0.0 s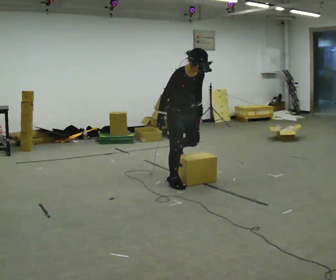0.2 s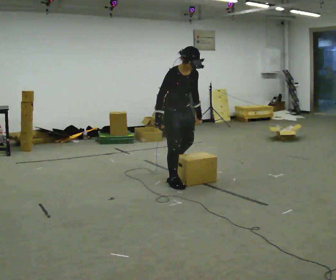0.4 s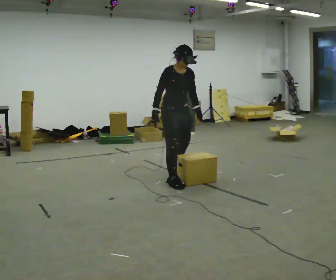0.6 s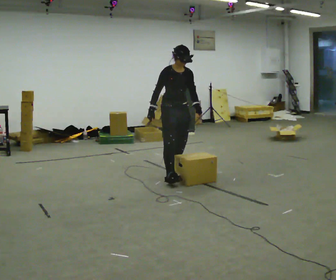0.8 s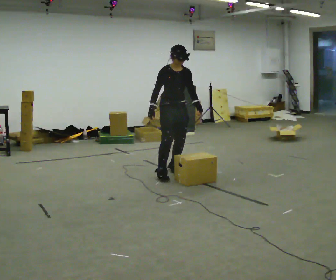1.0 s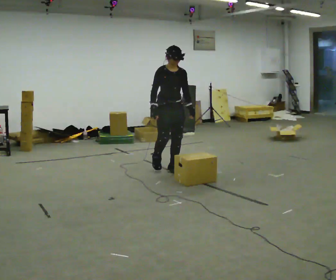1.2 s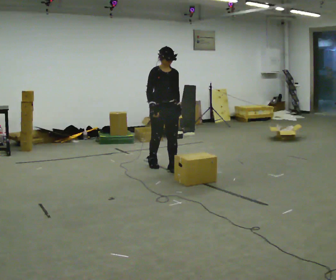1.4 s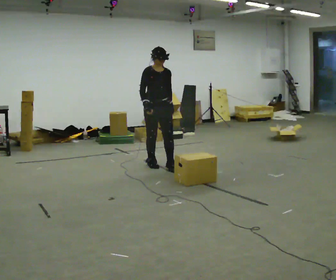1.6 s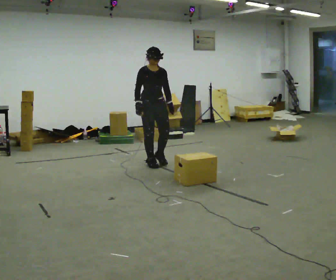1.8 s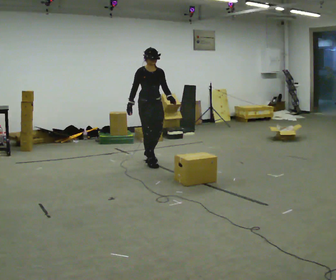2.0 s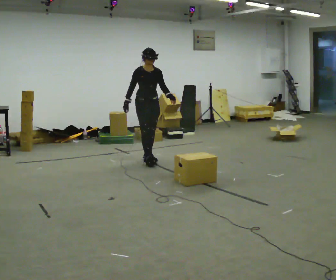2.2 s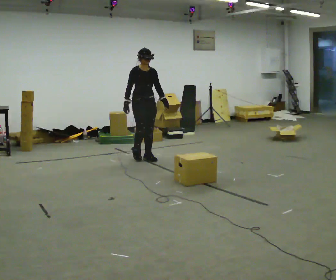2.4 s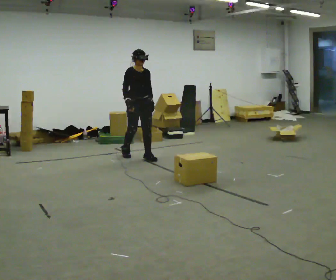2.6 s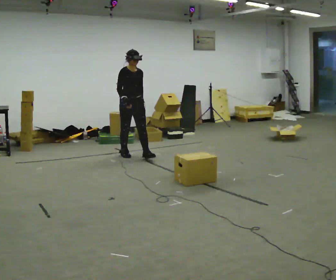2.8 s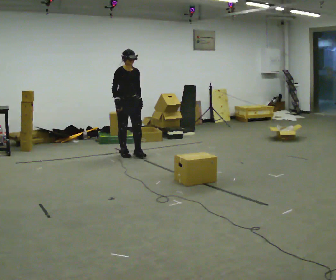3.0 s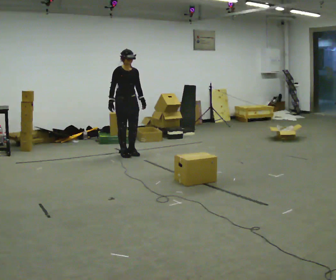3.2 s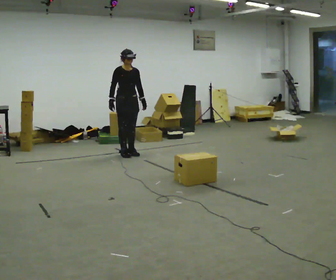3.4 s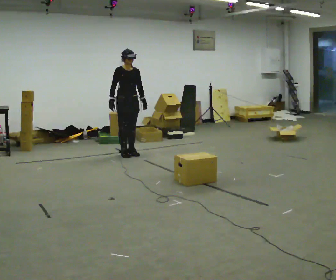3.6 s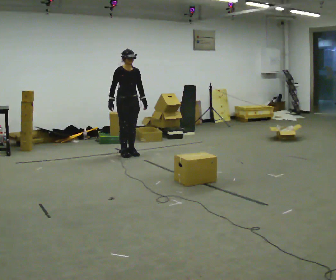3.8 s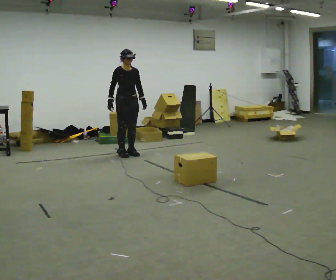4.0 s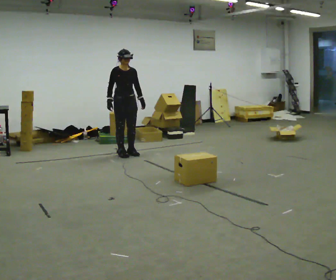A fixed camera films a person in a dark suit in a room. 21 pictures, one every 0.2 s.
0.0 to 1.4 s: In the picture they go away from the camera, about 1 m in 2 steps, which for them is backward. The upper body tips away from the camera, its near side rolling upward, as they lean back or straighten.
1.4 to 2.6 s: In the picture they go away from the camera and to the left, about 0.5 m in 1 step, which for them is backward.
2.6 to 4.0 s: The person moves a little, or ends about where they began.
The film runs backward here.
